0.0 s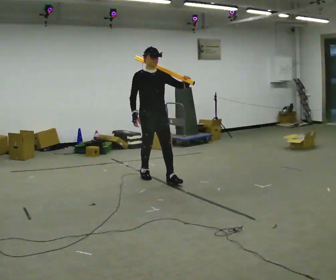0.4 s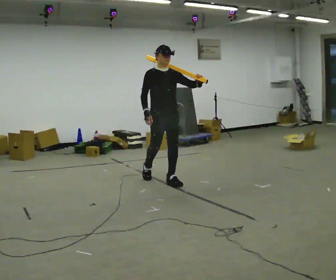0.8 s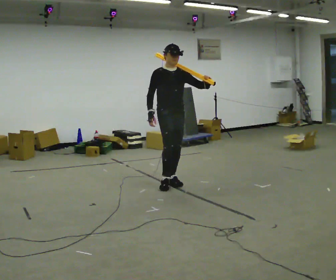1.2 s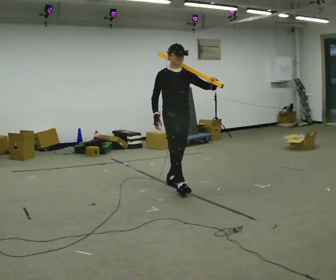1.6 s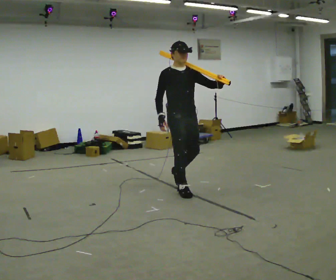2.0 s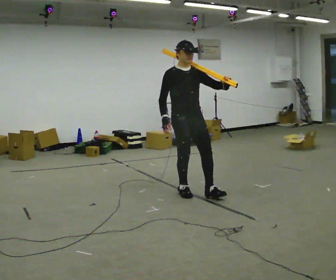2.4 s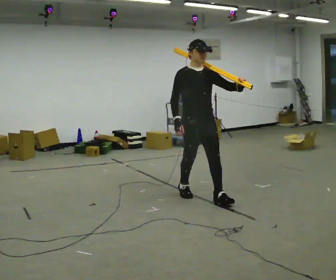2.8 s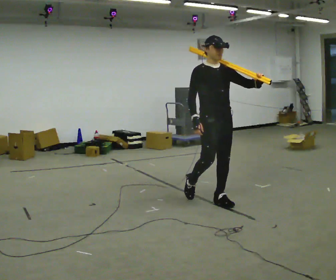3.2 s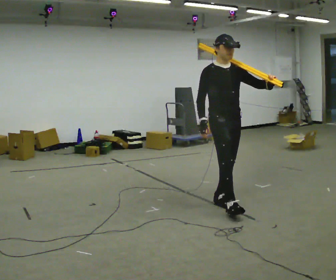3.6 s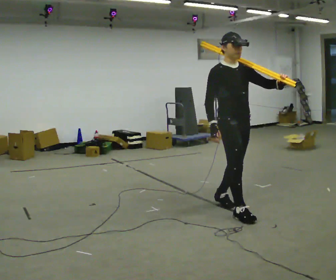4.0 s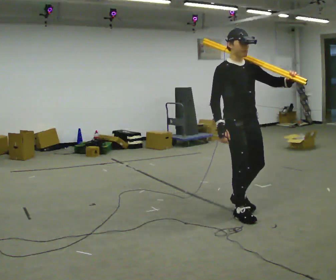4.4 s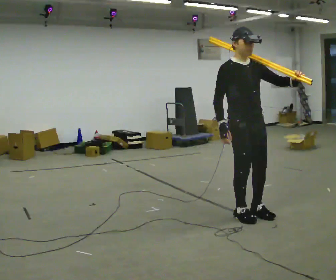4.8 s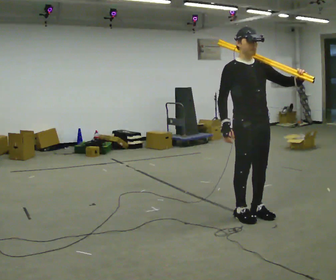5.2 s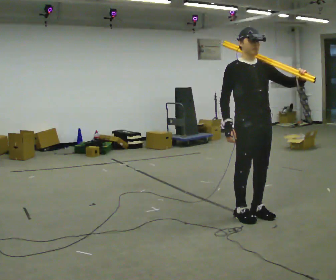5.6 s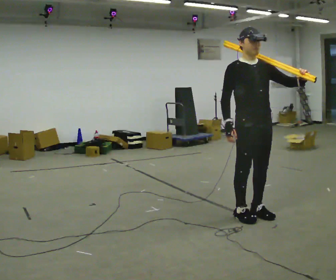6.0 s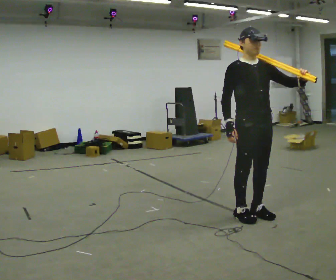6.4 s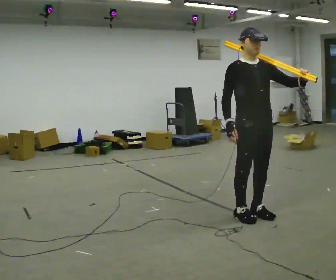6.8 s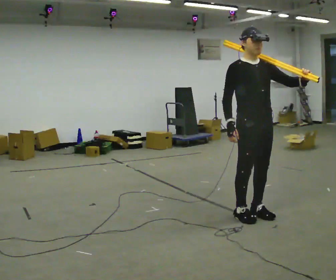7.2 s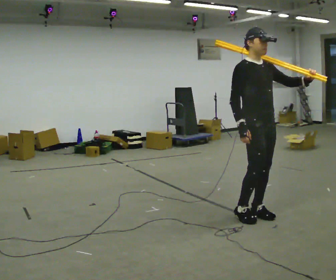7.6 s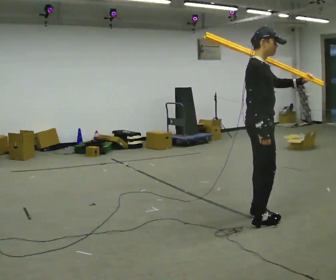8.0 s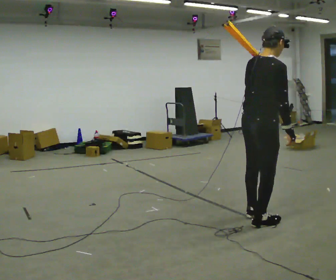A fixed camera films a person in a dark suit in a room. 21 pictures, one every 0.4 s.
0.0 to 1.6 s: In the picture they go to the right and toward the camera, about 0.75 m in 1 step, which for them is forward.
1.6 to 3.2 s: In the picture they go to the right and toward the camera, about 0.5 m in 1 step, which for them is forward.
3.2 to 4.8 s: In the picture they go toward the camera and to the right, about 0.5 m in 2 steps, which for them is forward.
4.8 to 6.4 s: The person moves a little, or ends about where they began.
6.4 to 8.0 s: The part of the body nearest the lens slides to the right as the person turns to their left by about 105 degrees. In the picture they go toward the camera, about 0.25 m in 1 step. In the picture the upper body tilts clockwise, shoulders to the right. In the picture their left hand goes to the left.
The film runs forward here.
